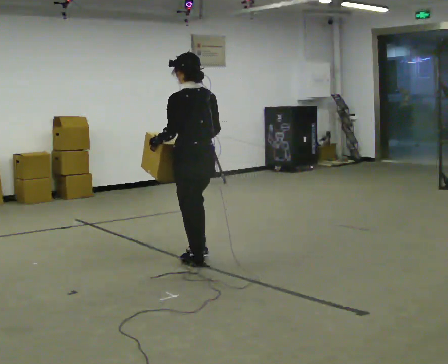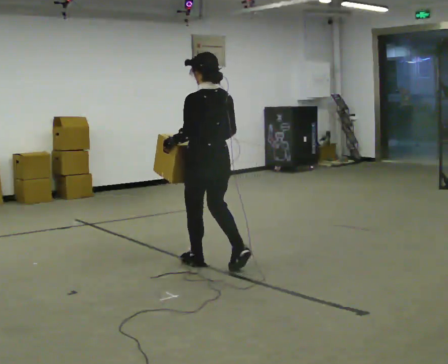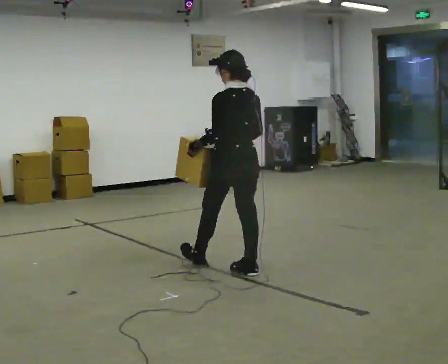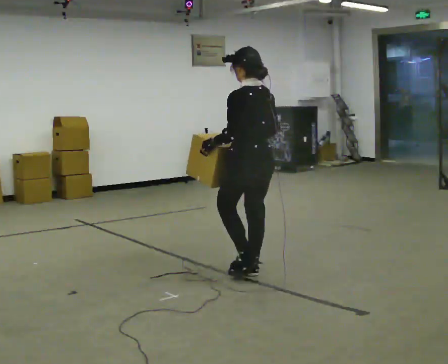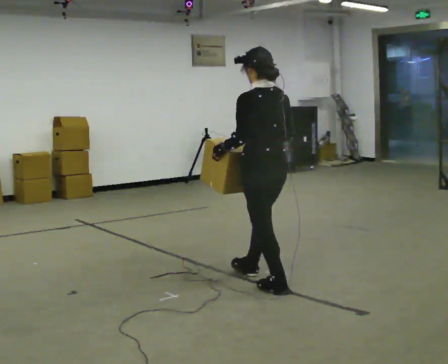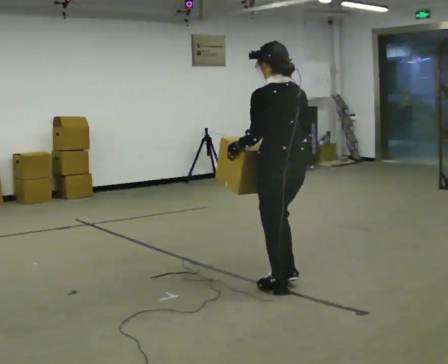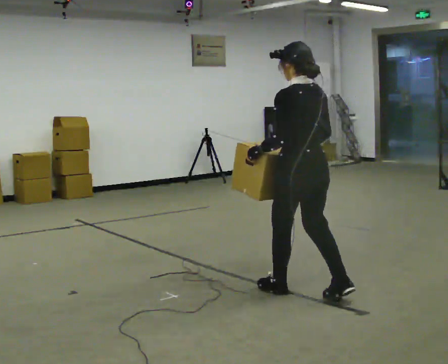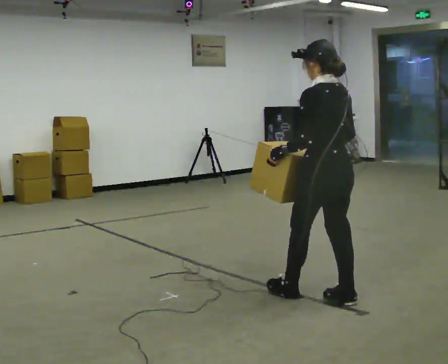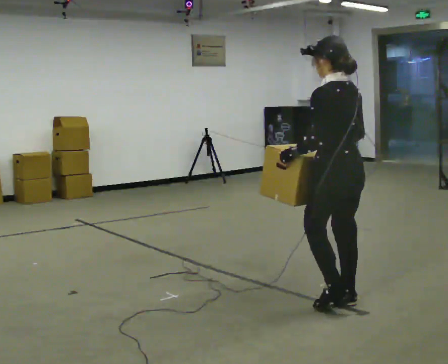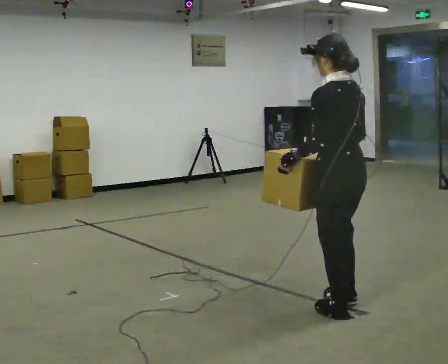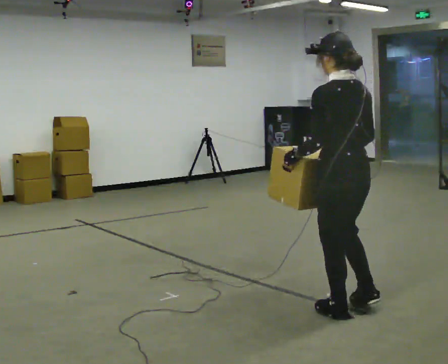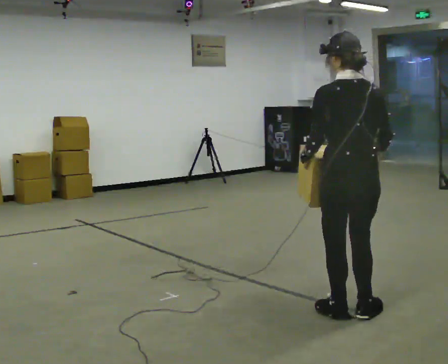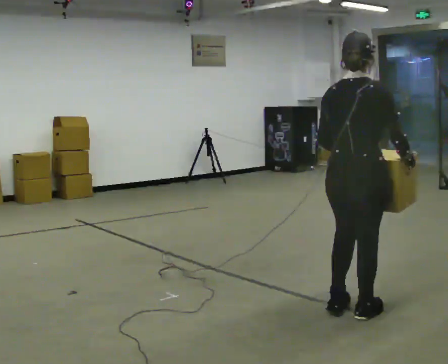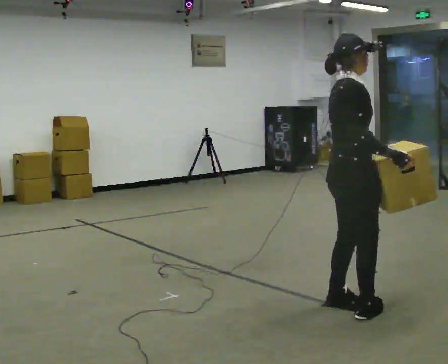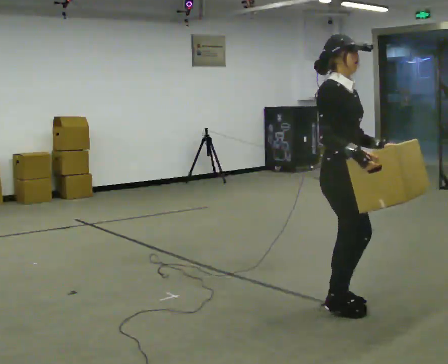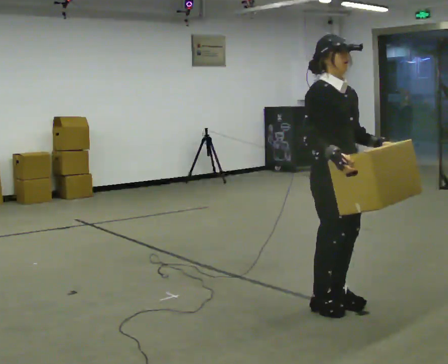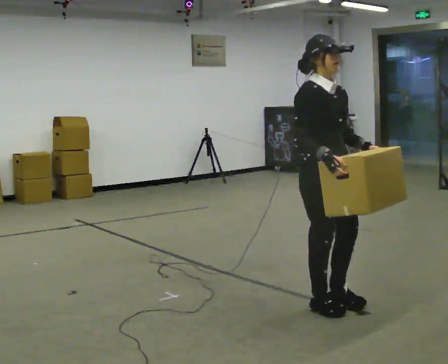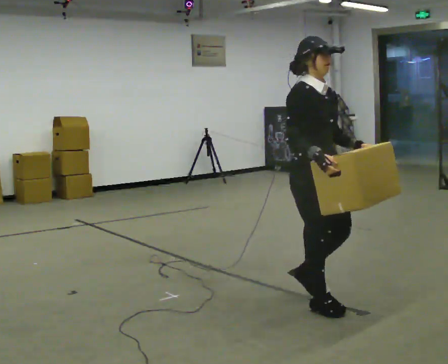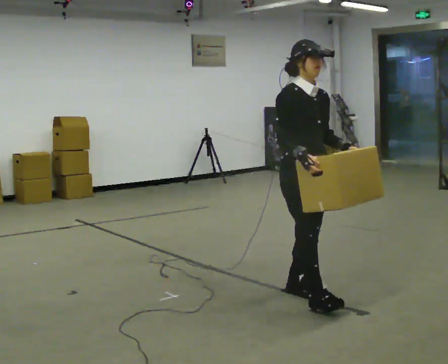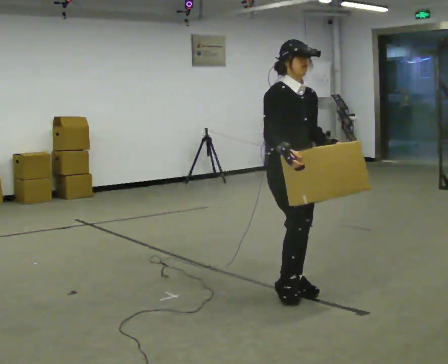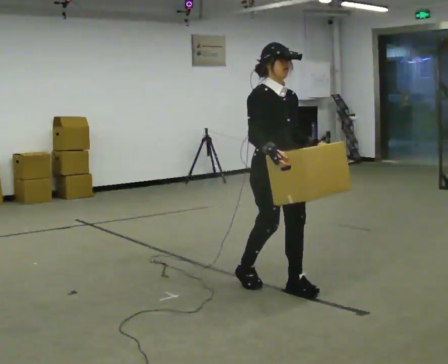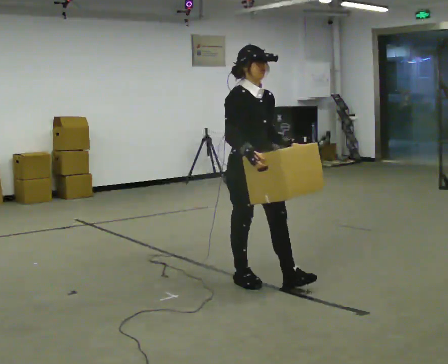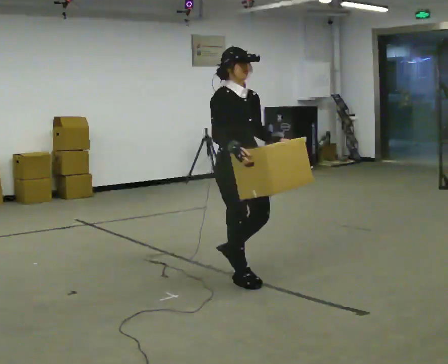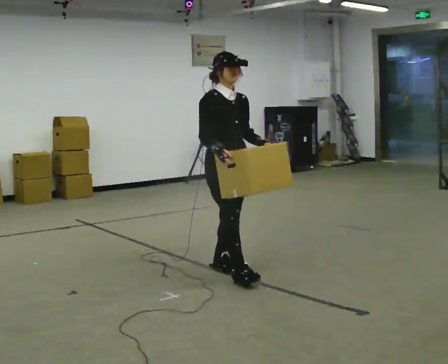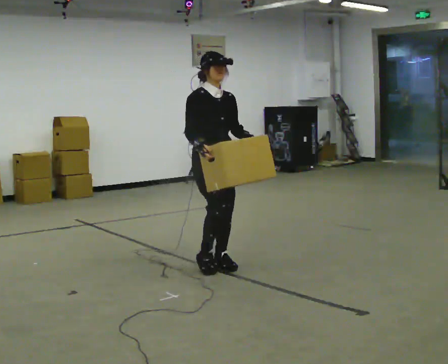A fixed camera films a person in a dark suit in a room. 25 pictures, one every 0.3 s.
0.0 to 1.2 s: In the picture they go to the right and toward the camera, about 0.5 m in 1 step, which for them is backward.
1.2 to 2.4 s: In the picture they go to the right and toward the camera, about 0.75 m in 2 steps, which for them is backward.
2.4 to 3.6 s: Seen from above the body turns clockwise, about 75 degrees: to their right, with its near side sliding to the left. In the picture they go toward the camera, about 0.25 m in 2 steps. In the picture their right hand goes to the right, the arm swinging counterclockwise.
3.6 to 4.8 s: Seen from above the body turns clockwise, about 105 degrees: to their right, with its near side sliding to the left. In the picture they go to the left and away from the camera, about 0.25 m in 1 step.
4.8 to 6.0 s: In the picture they go away from the camera and to the left, about 0.5 m in 2 steps, which for them is backward.
6.0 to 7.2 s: In the picture they go to the left and away from the camera, about 0.5 m in 2 steps, which for them is backward.
The film runs backward here.
